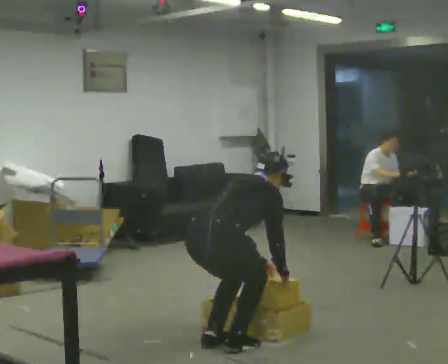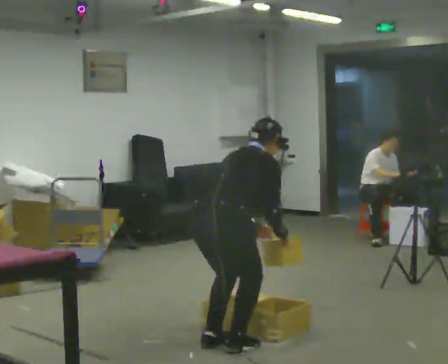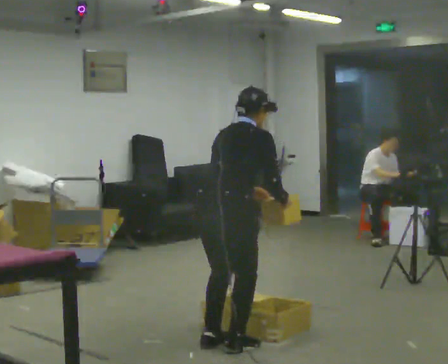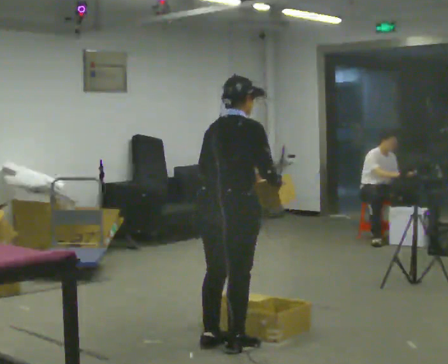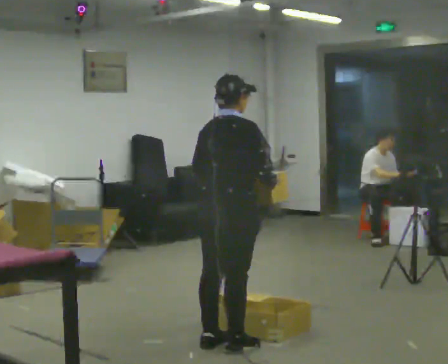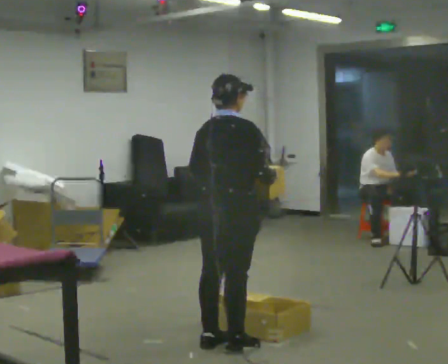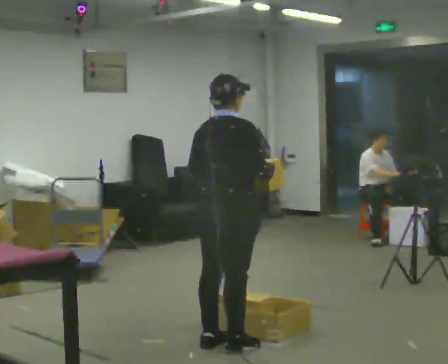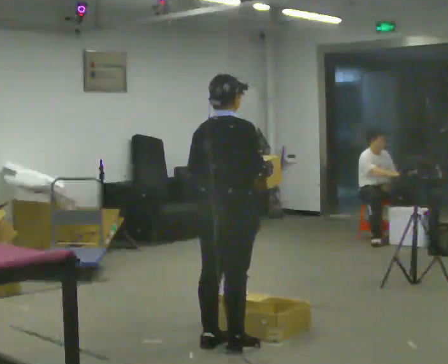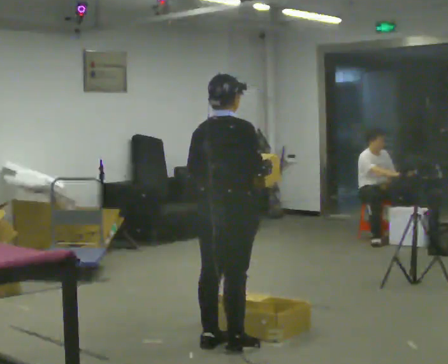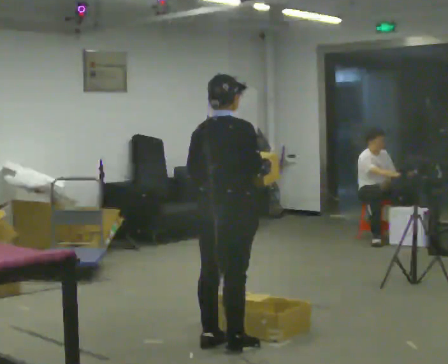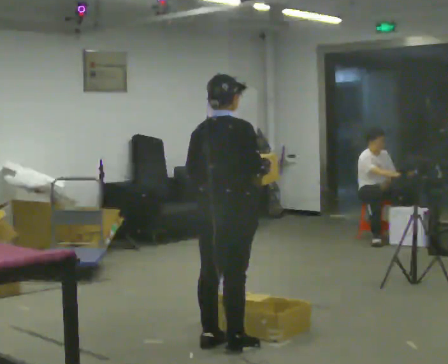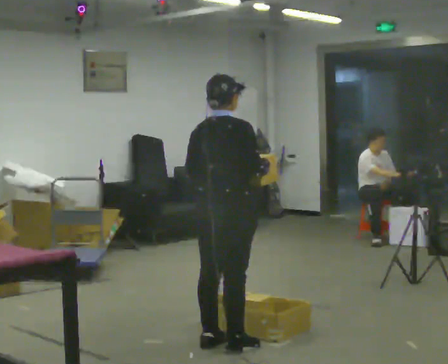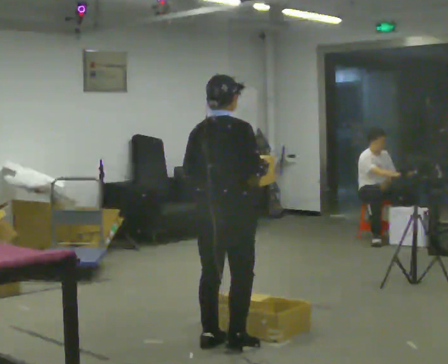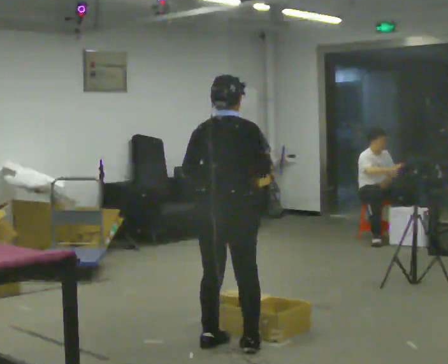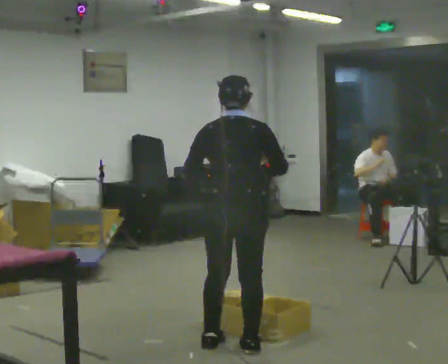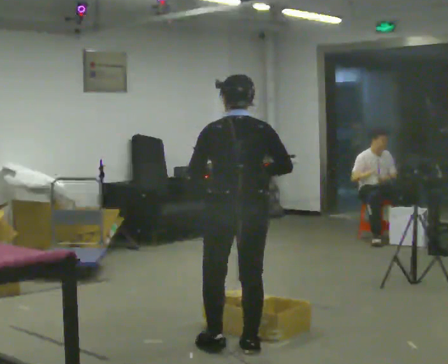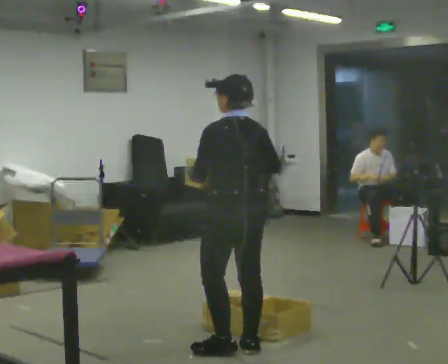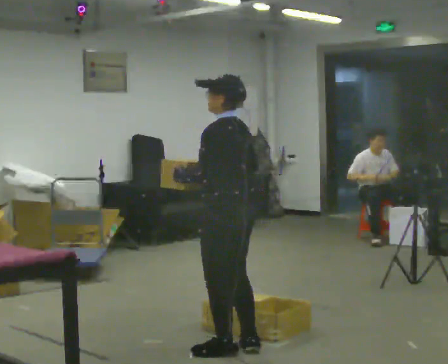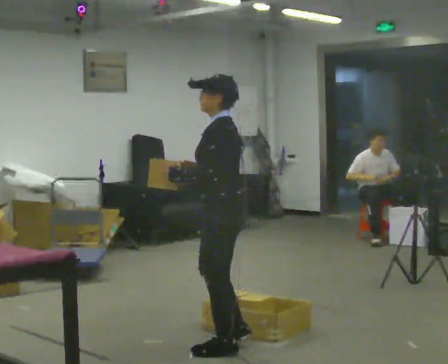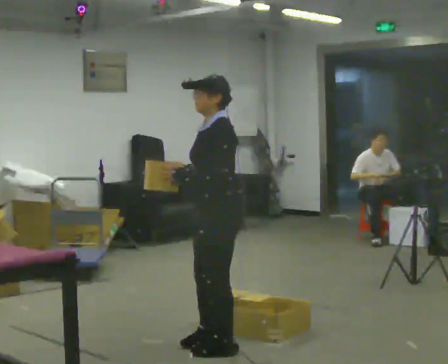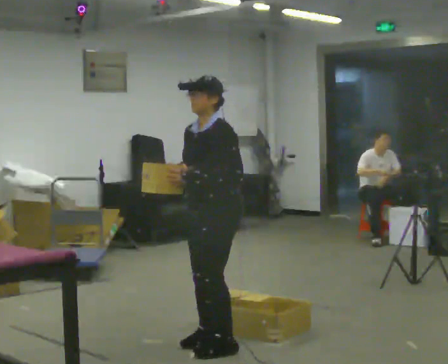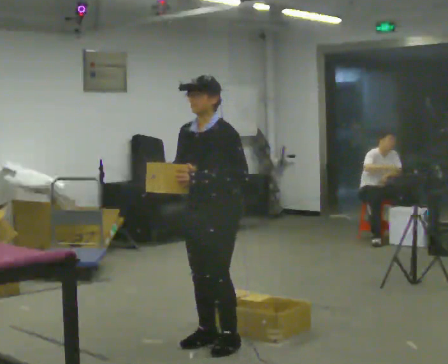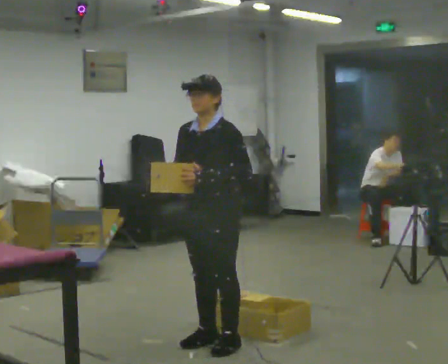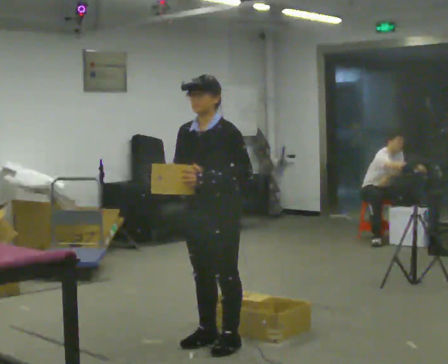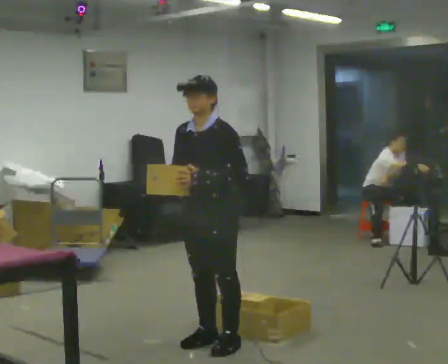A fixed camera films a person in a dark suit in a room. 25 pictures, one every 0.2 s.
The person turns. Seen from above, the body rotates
counterclockwise.
The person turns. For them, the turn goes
to their left.
0.0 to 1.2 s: The shoulders move upward. In the picture the upper body tilts counterclockwise, shoulders to the left, as they lean back or straighten. In the picture their left hand goes upward.
1.2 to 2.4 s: The person moves a little, or ends about where they began.
2.4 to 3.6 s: The person turns about 120 degrees to their left, counterclockwise seen from above, so the part of the body nearest the lens slides to the right.
3.6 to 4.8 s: The person turns about 60 degrees to their left, counterclockwise seen from above, so the part of the body nearest the lens slides to the right.
The film runs forward here.
